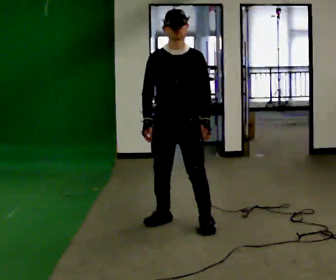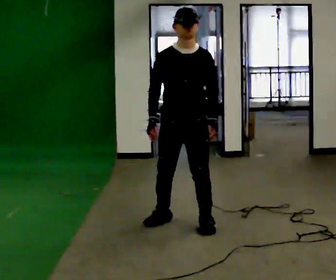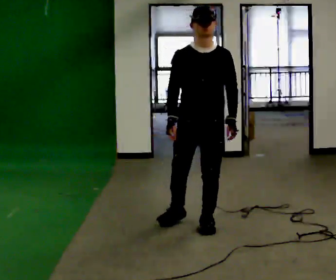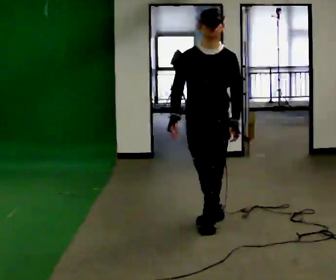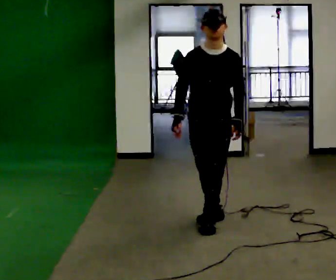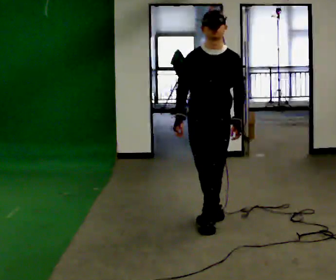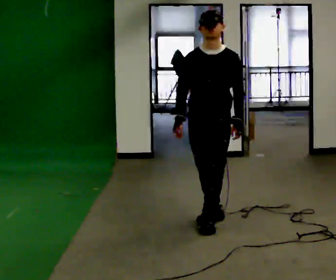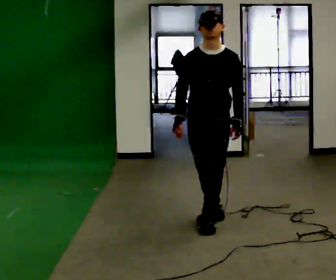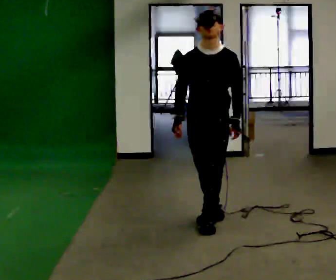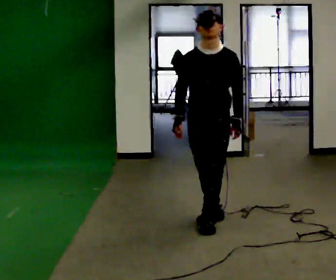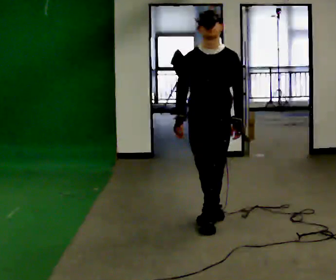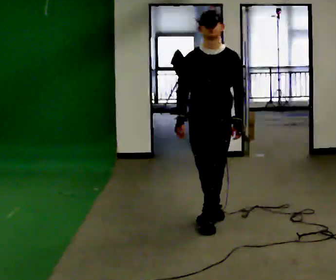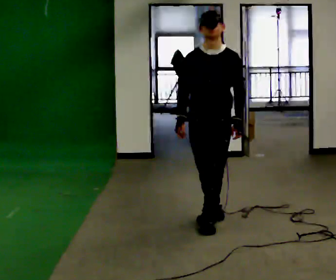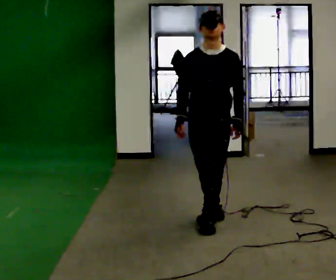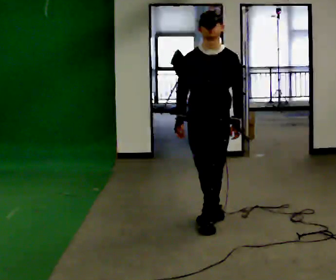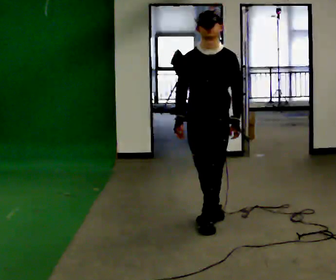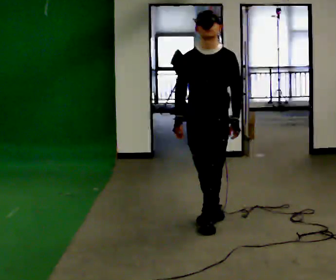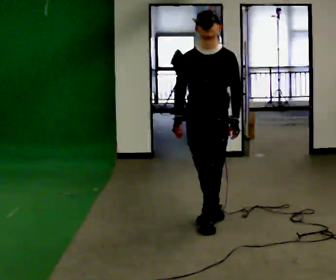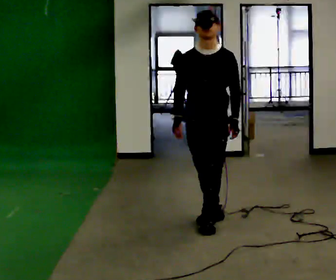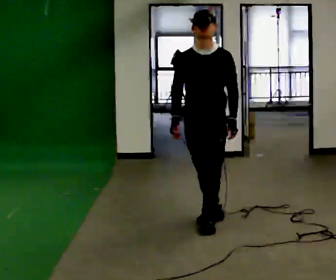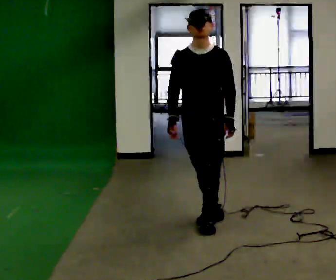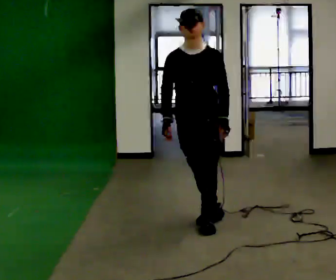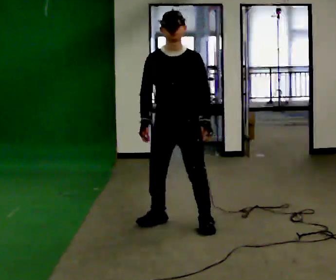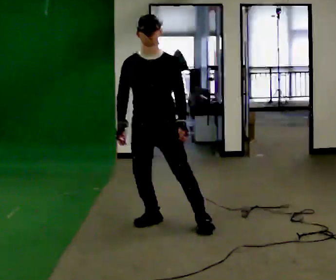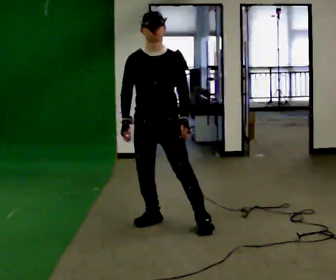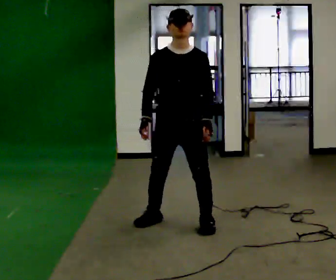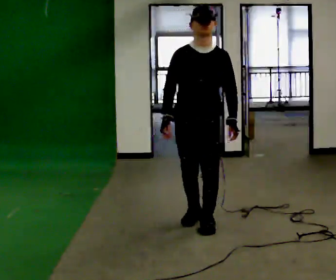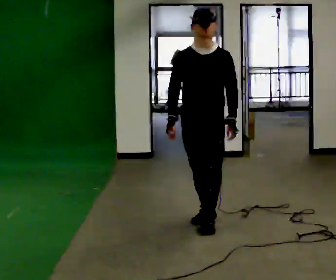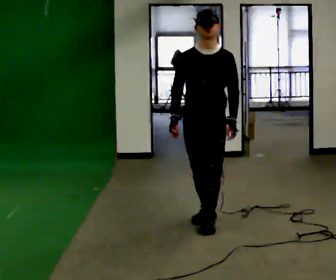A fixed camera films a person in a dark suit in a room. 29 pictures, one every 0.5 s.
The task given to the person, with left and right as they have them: Stand with one foot directly in front of the other, heel to toe, on the marked line. Hold your balance until you lose it, then step out. Repeat at your own pace until the operator says stop. Go slowly and only as far as you are comfortable. Step whenever you need to; do not try to hold on longer than feels safe.
0.0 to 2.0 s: In the picture they go to the right, about 0.25 m in 1 step, which for them is to their left.
2.0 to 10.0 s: The person moves a little, or ends about where they began.
10.0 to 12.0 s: In the picture they go to the left, about 0.25 m in 1 step, which for them is to their right.
12.0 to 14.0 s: In the picture they go to the right, about 0.5 m in 1 step, which for them is to their left.
The film runs forward here.
